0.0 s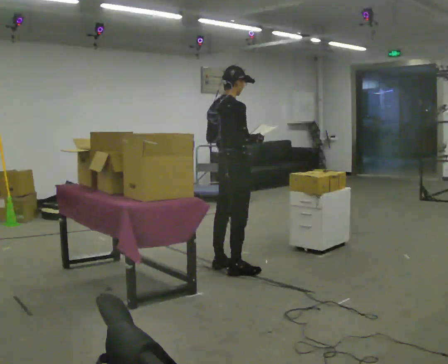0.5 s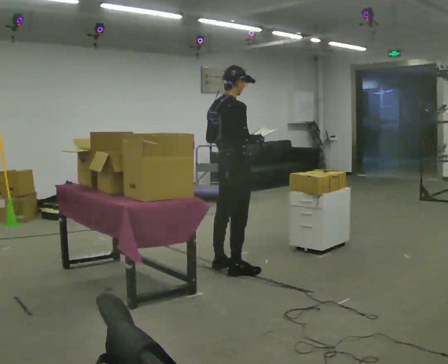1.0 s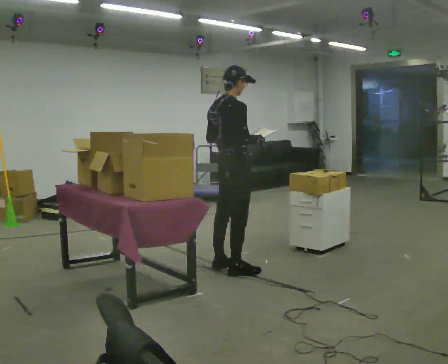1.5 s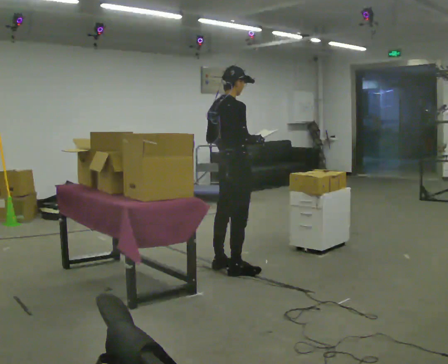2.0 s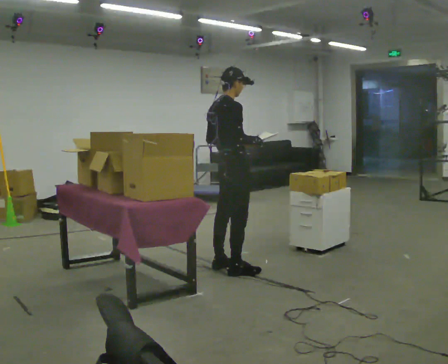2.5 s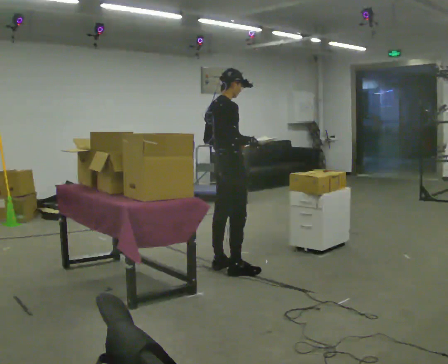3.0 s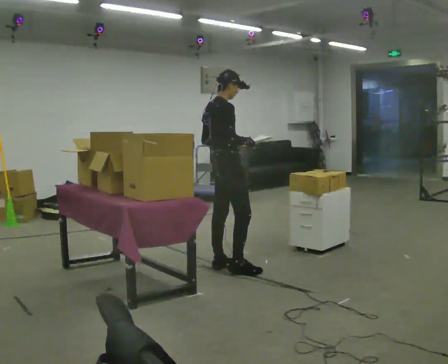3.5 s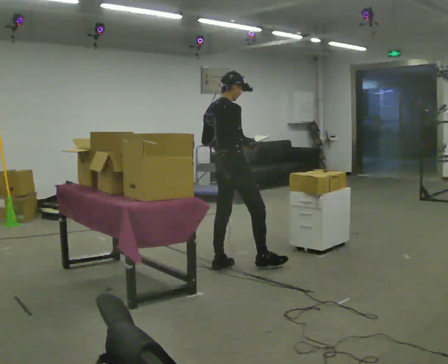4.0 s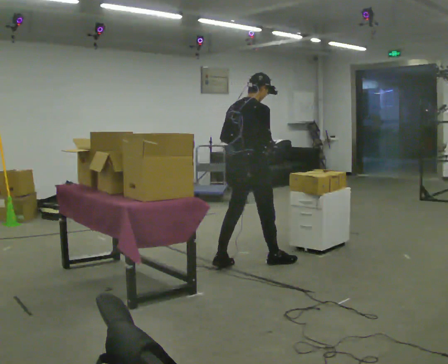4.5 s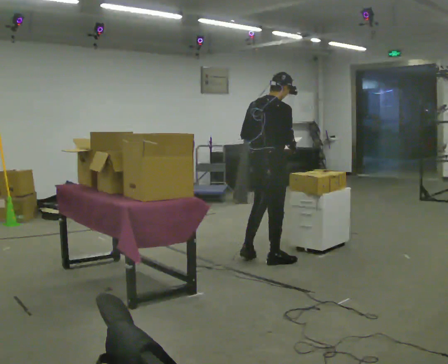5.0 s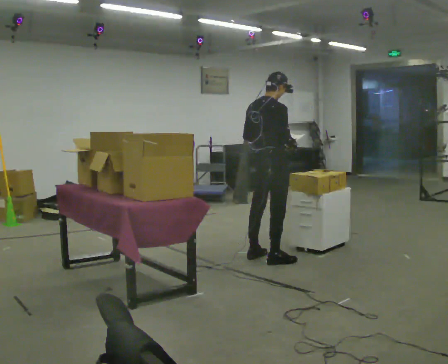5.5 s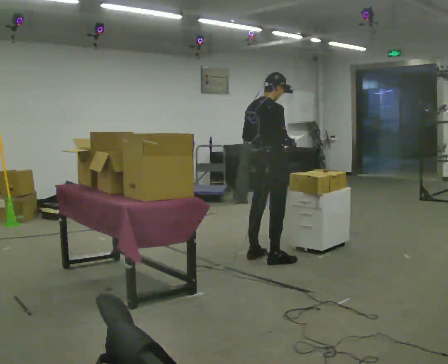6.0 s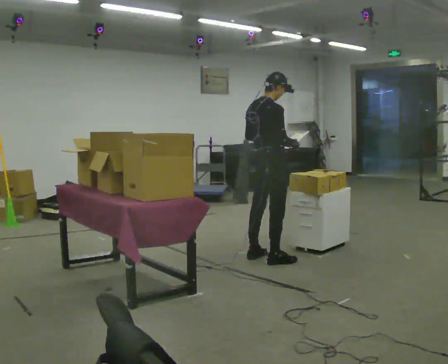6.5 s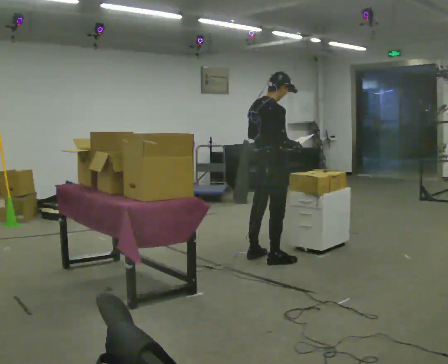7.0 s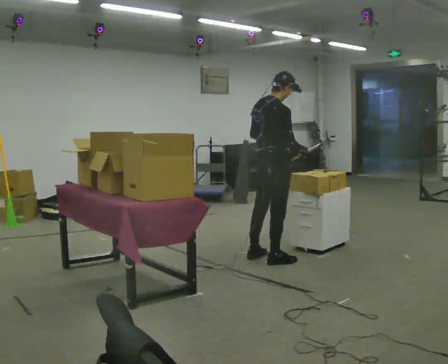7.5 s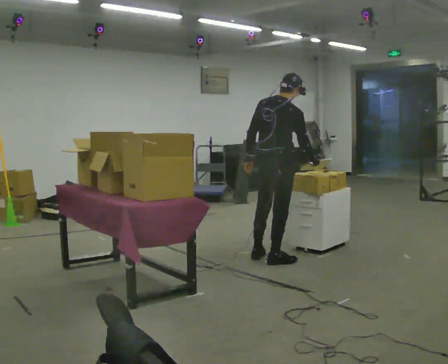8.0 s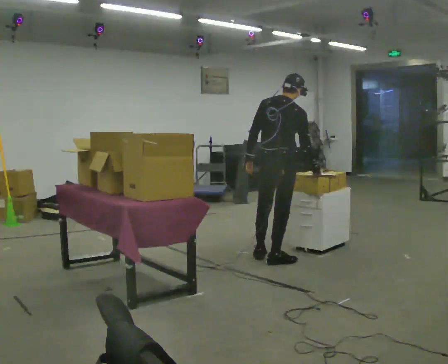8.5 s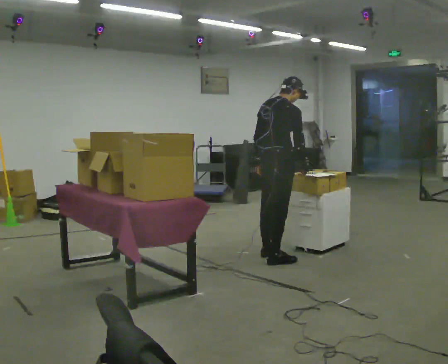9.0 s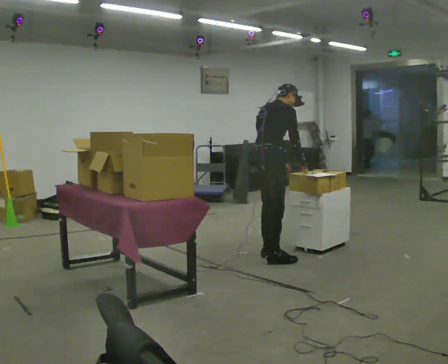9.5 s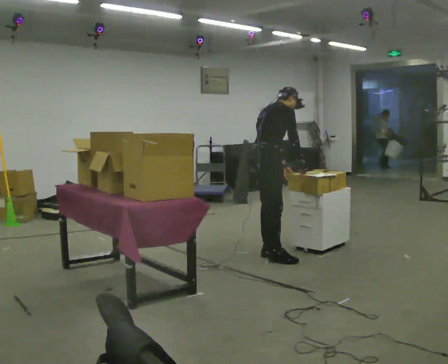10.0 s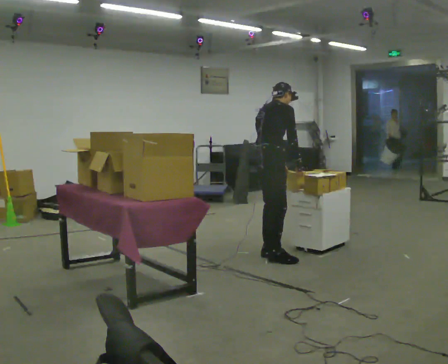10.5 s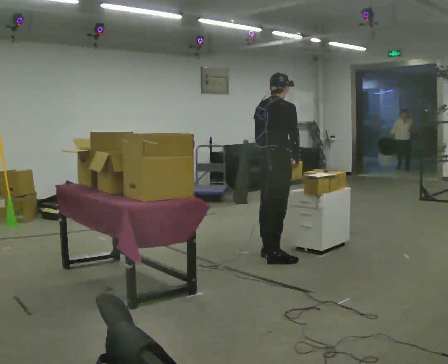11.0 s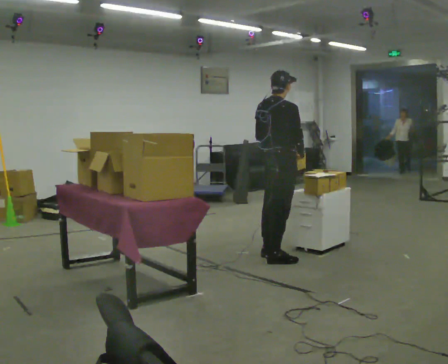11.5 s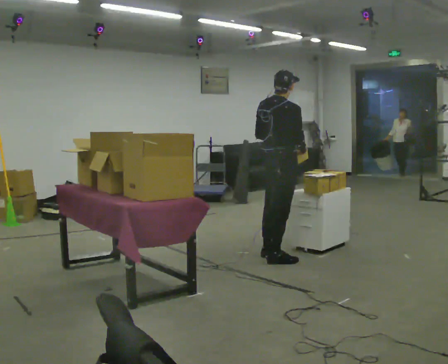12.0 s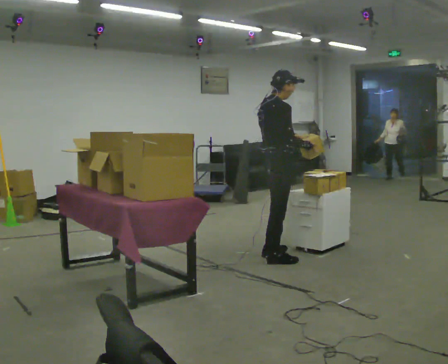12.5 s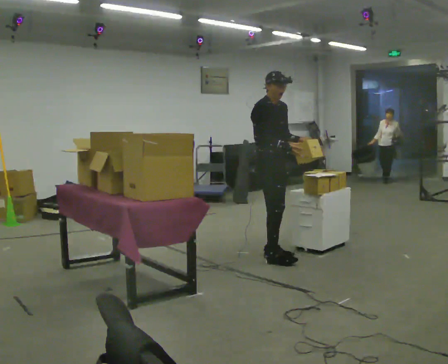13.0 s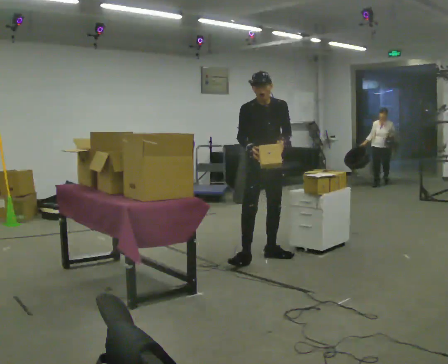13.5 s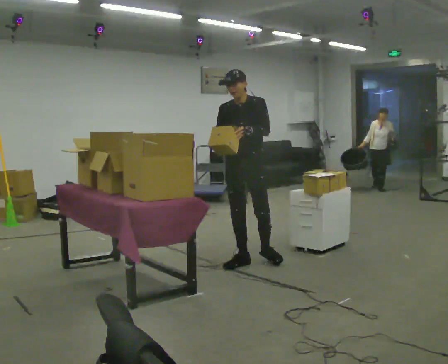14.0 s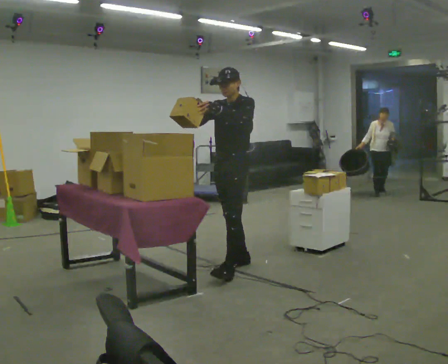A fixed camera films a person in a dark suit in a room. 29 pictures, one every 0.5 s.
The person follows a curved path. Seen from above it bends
counterclockwise.
0.0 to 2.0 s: The person moves a little, or ends about where they began.
2.0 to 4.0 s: In the picture they go to the right, about 0.25 m in 1 step, which for them is forward.
4.0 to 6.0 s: In the picture they go to the right and away from the camera, about 0.25 m in 1 step, which for them is forward.
6.0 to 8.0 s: The part of the body nearest the lens slides to the right as the person turns to their left by about 30 degrees.
8.0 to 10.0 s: The person turns about 45 degrees to their right, clockwise seen from above, so the part of the body nearest the lens slides to the left. In the picture they go away from the camera, about 0.25 m, which for them is to their left. The upper body tips away from the camera, its near side rolling upward.
10.0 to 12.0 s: In the picture they go toward the camera, about 0.25 m, which for them is to their right. The upper body tips toward the camera, its near side rolling downward, as they lean back or straighten.
12.0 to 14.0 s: Seen from above the body turns clockwise, about 150 degrees: to their right, with its near side sliding to the left. In the picture they go to the left and toward the camera, about 0.5 m in 1 step.
The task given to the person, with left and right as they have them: 1. Read the list the operator gives you. 2. Collect the six items on the list from the shelves. 3. Put them all in the bin on the table. 4. Tell the operator when you are finished.
The film runs forward here.
